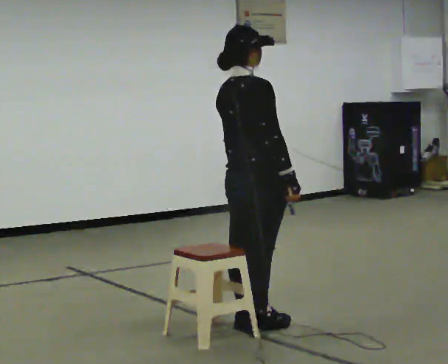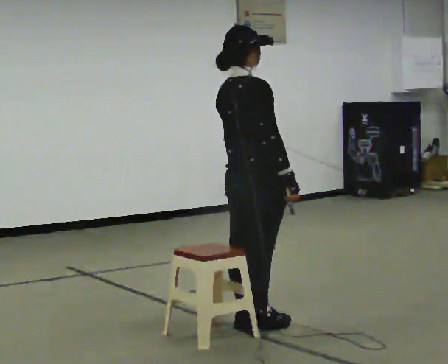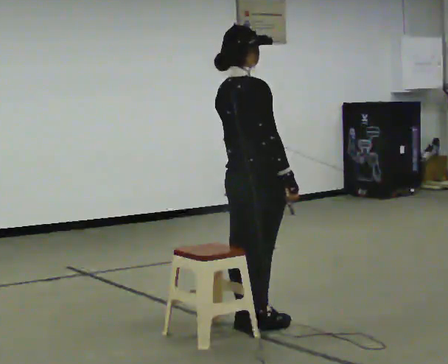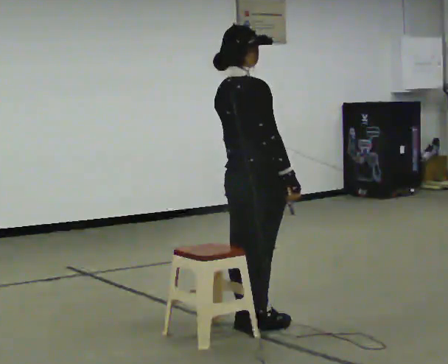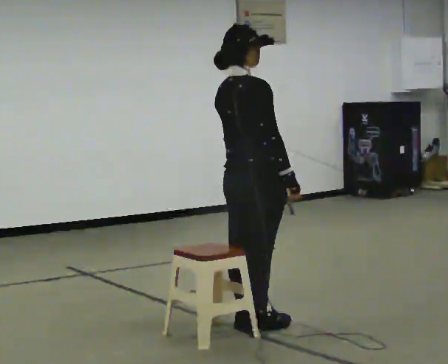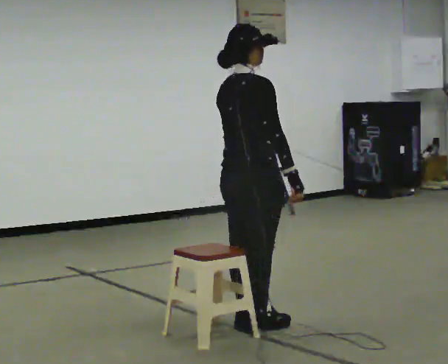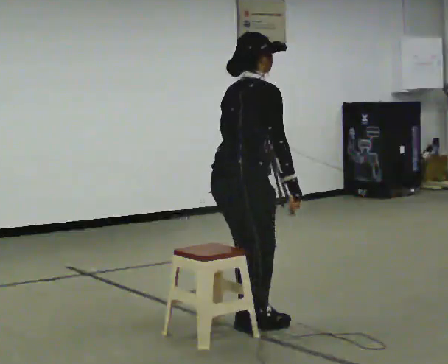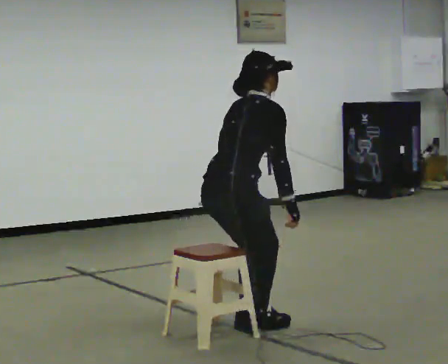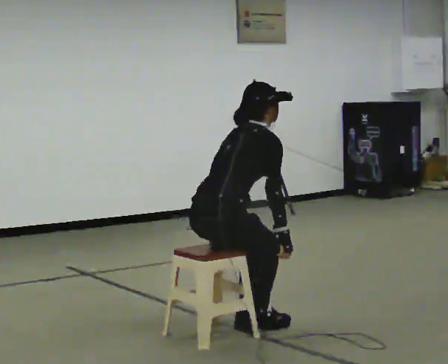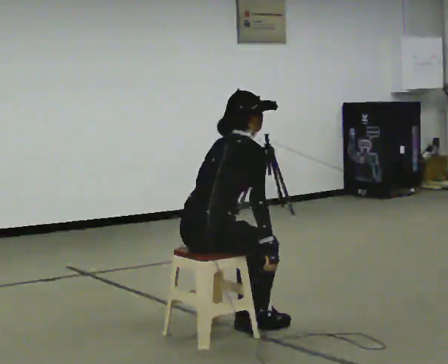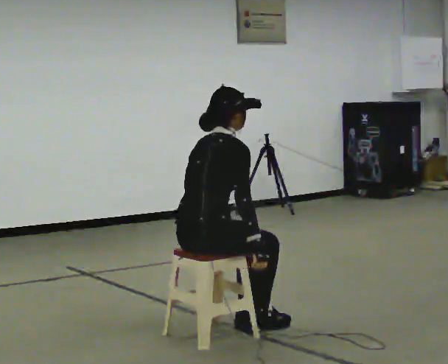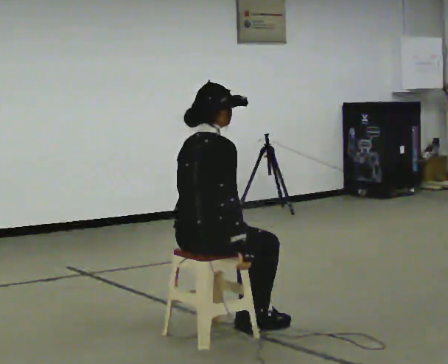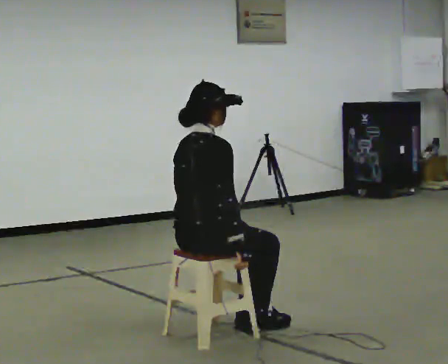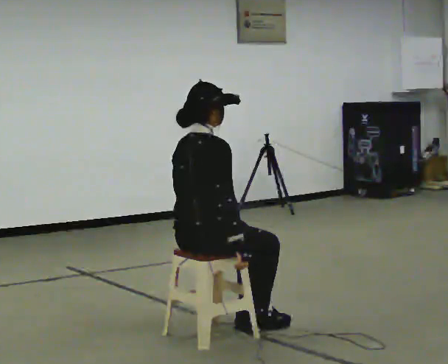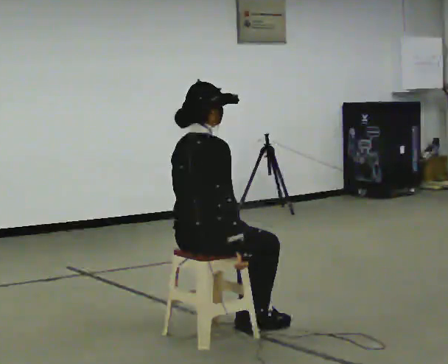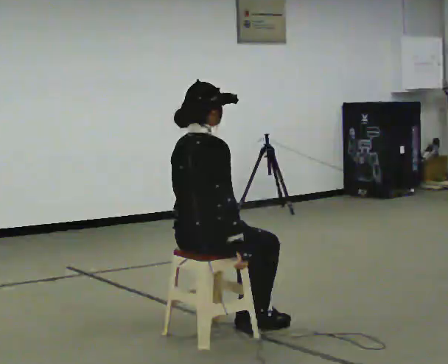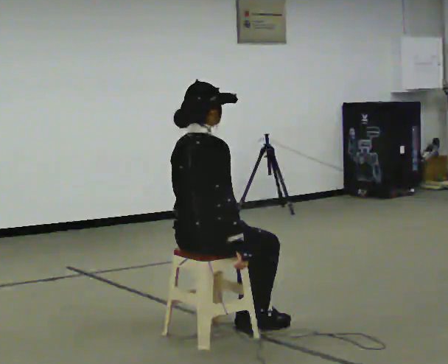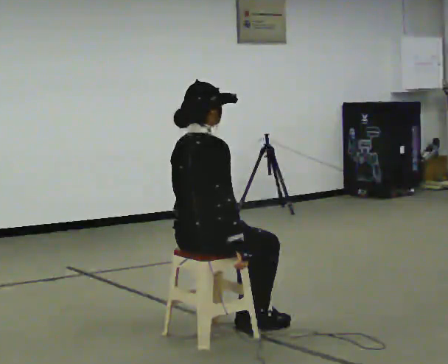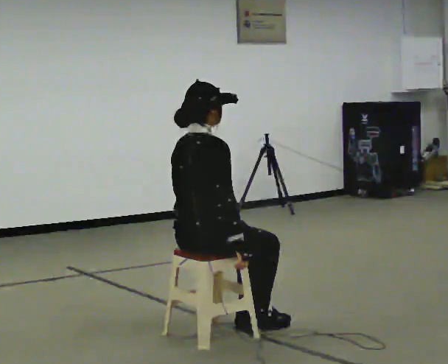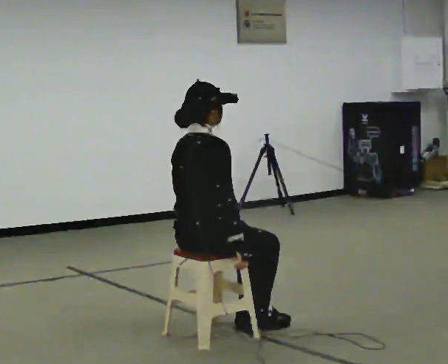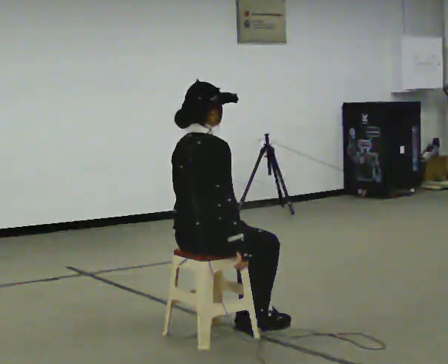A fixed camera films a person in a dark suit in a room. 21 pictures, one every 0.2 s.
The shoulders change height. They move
downward.
0.0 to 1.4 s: In the picture the upper body tilts clockwise, shoulders to the right, as they bend forward.
1.4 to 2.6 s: In the picture they go to the left, about 0.25 m, which for them is backward. The upper body goes downward.
2.6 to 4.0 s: The person keeps their place and pose.
The film runs backward here.
